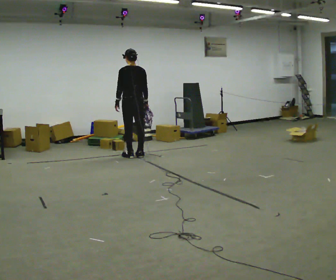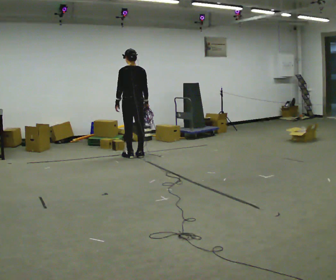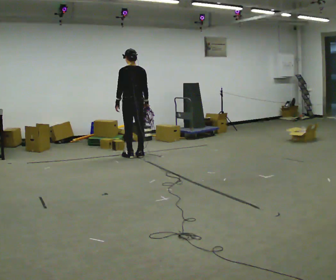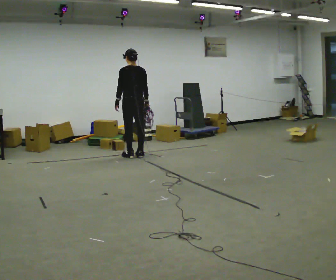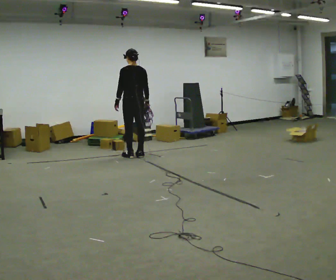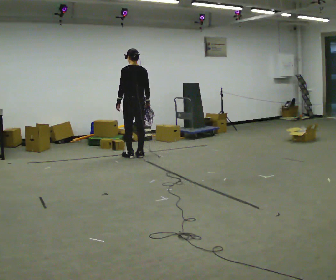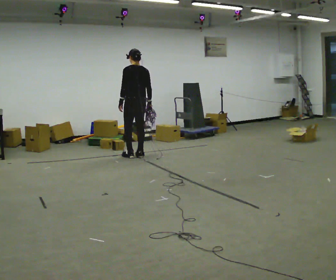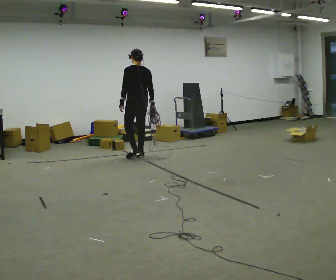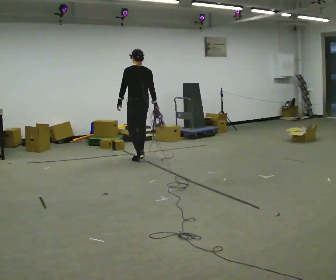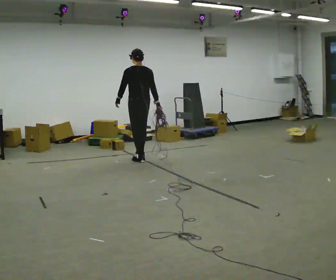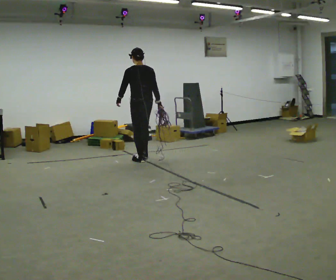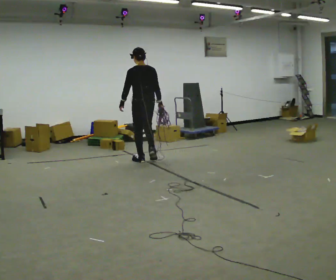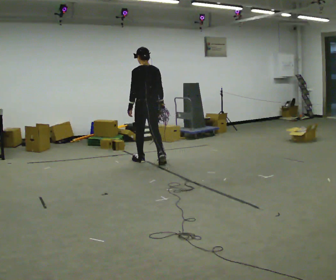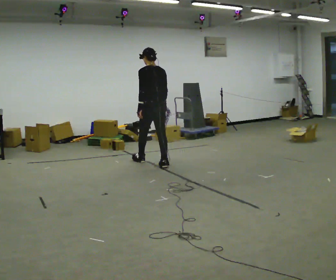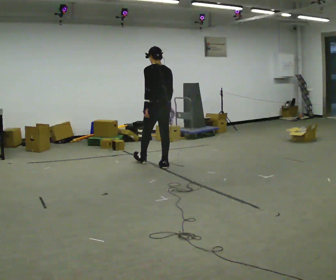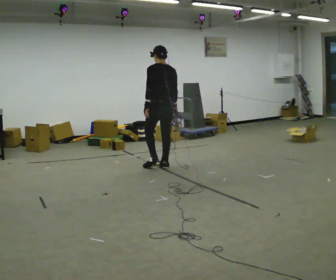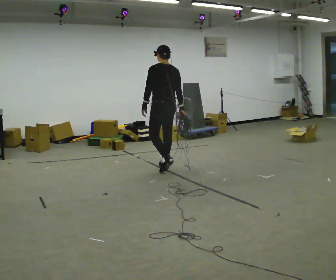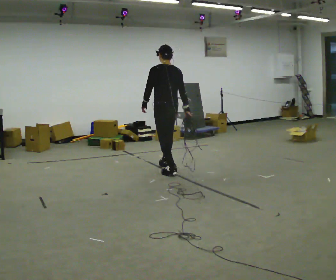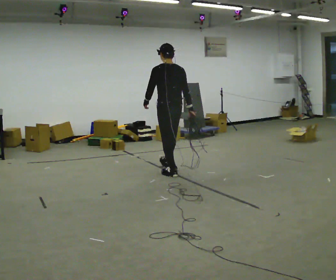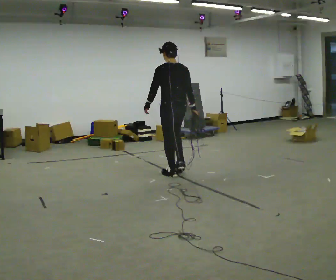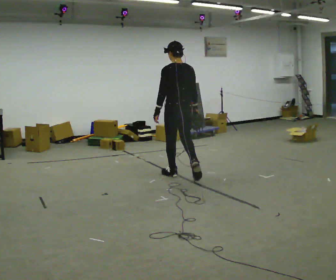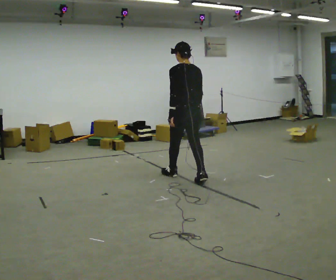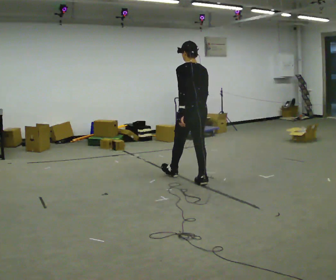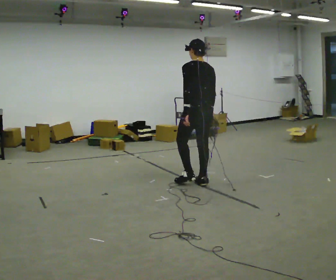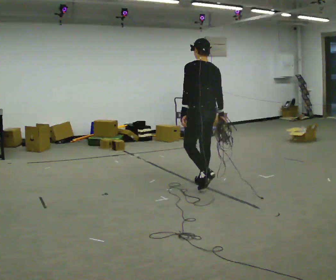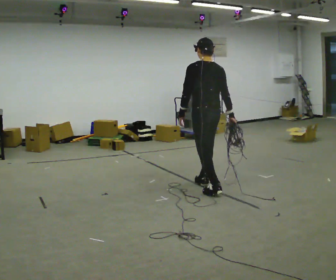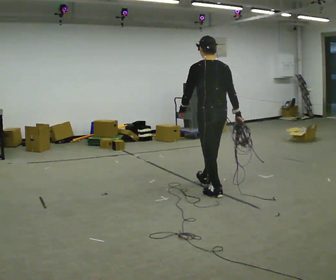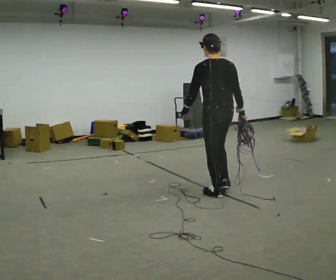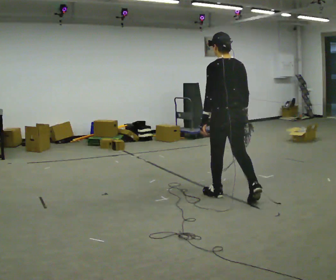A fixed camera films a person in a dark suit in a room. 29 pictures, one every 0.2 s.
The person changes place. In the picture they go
toward the camera.
0.0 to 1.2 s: The person moves a little, or ends about where they began.
1.2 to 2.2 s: In the picture they go toward the camera and to the right, about 0.25 m in 2 steps, which for them is backward.
2.2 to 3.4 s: In the picture they go toward the camera and to the right, about 0.75 m in 1 step, which for them is backward.
3.4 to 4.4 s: In the picture they go toward the camera and to the right, about 0.75 m in 2 steps, which for them is backward.
4.4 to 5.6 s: In the picture they go toward the camera and to the right, about 0.5 m in 1 step, which for them is backward.
The film runs backward here.
